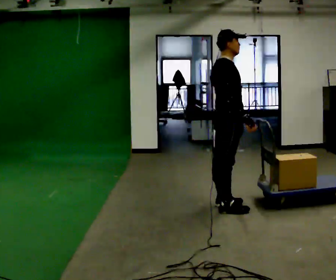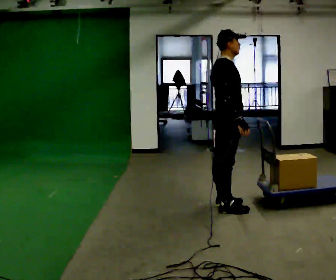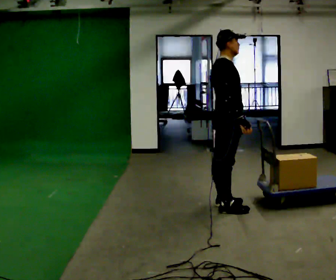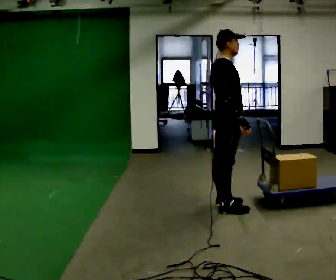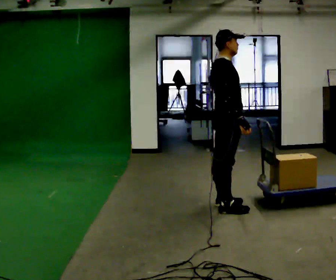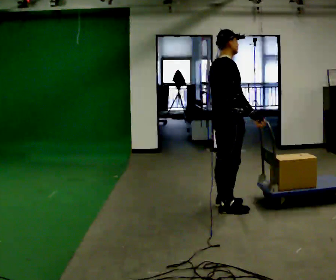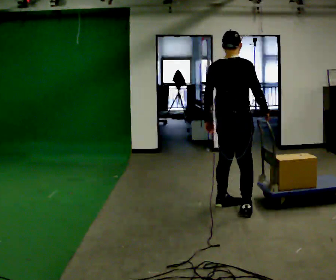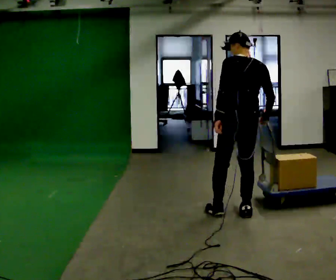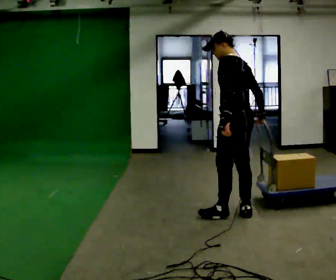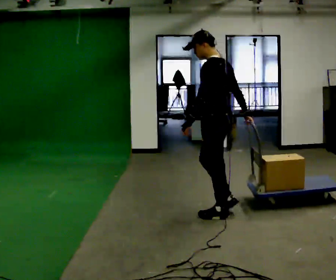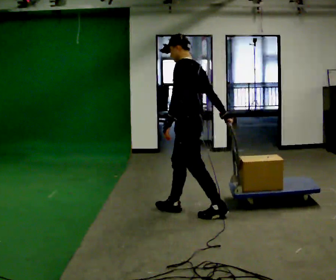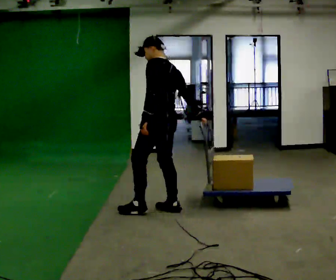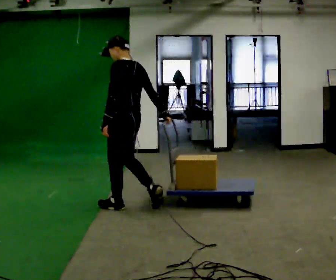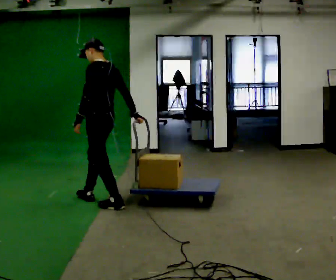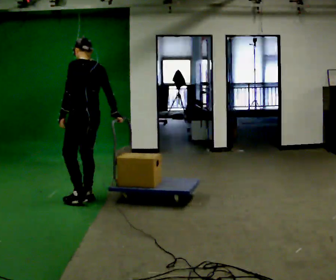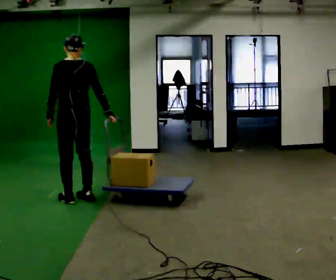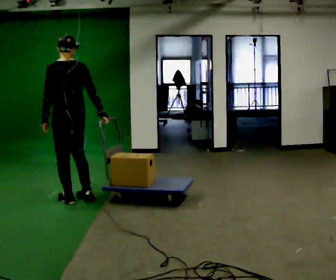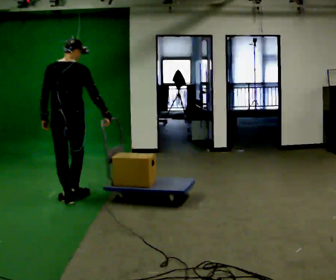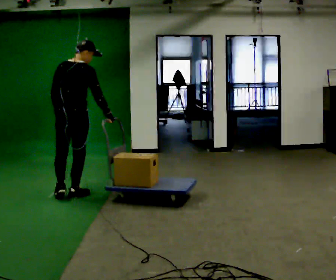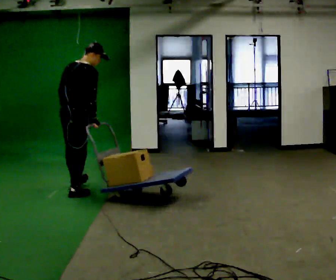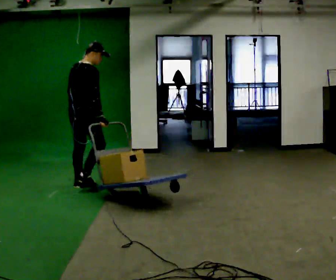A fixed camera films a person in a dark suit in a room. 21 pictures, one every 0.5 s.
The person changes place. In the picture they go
to the left.
The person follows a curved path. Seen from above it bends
clockwise.
0.0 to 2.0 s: The person moves a little, or ends about where they began.
2.0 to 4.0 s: The part of the body nearest the lens slides to the right as the person turns to their left by about 135 degrees. In the picture they go toward the camera, about 0.25 m in 2 steps.
4.0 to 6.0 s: In the picture they go to the left, about 1 m in 2 steps, which for them is forward.
6.0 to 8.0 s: In the picture they go to the left, about 0.75 m in 2 steps, which for them is forward.
8.0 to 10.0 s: The person turns about 75 degrees to their right, clockwise seen from above, so the part of the body nearest the lens slides to the left. In the picture they go away from the camera, about 0.5 m in 2 steps.
The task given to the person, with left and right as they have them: Pull the cart behind you as you walk backward across the room. The operator will confirm the space behind you is clear before each take.
The film runs forward here.
